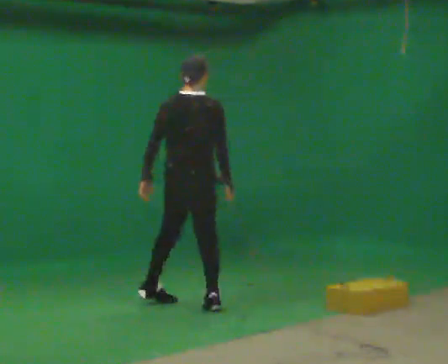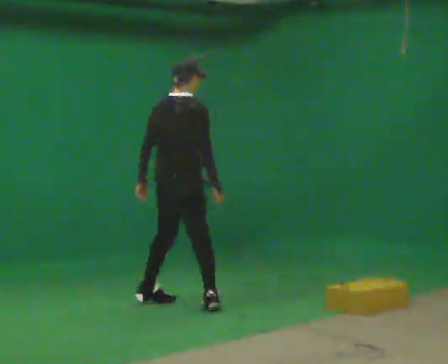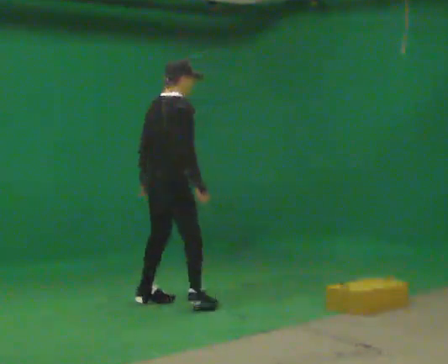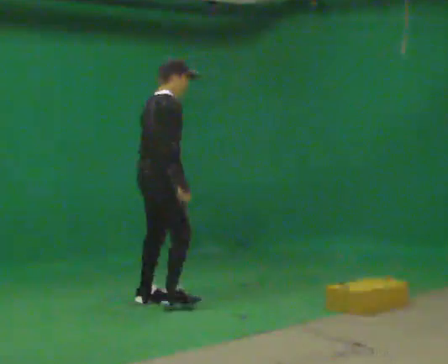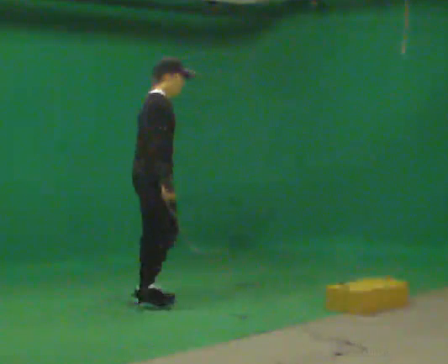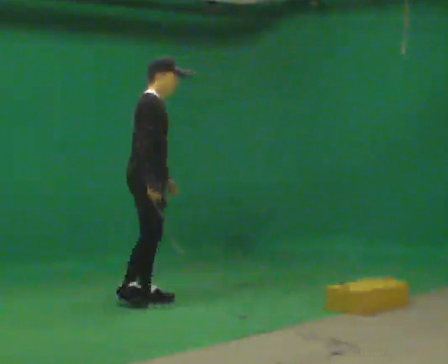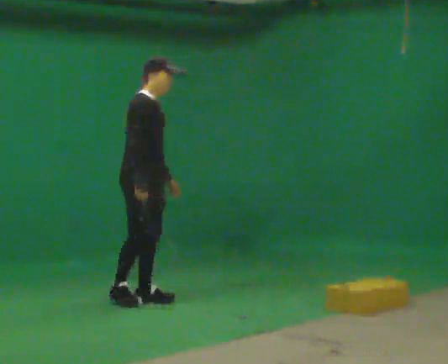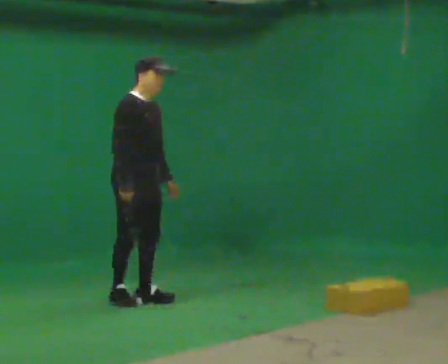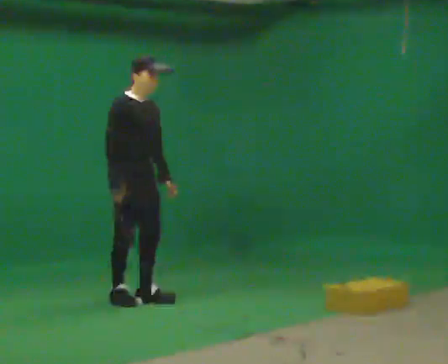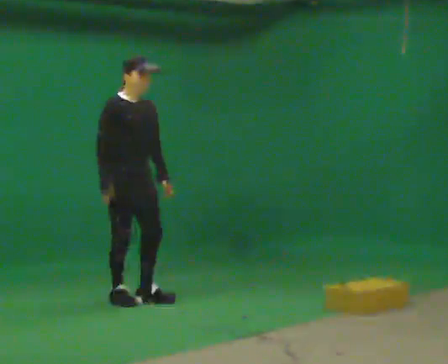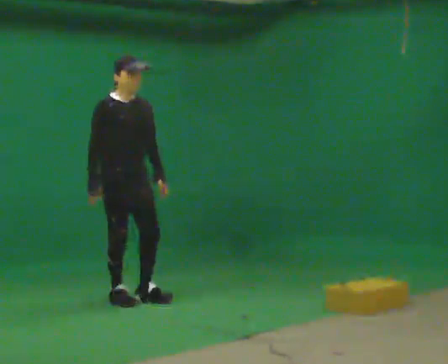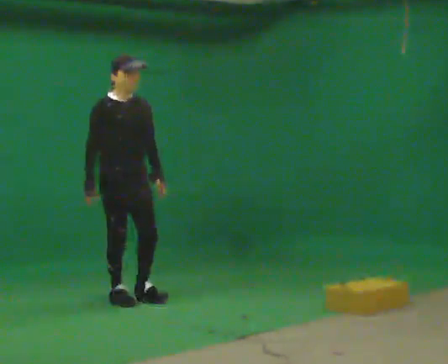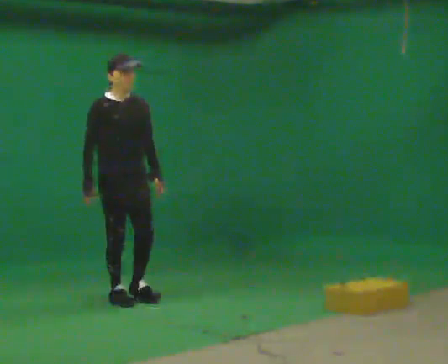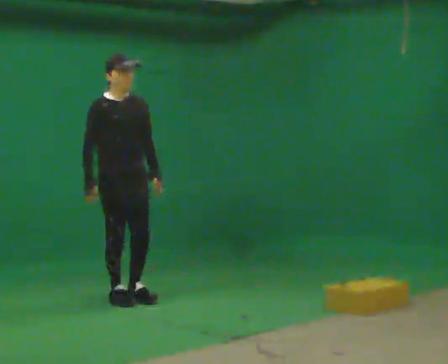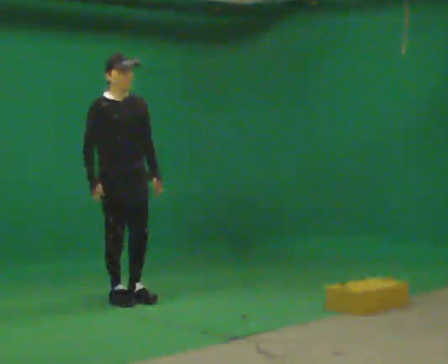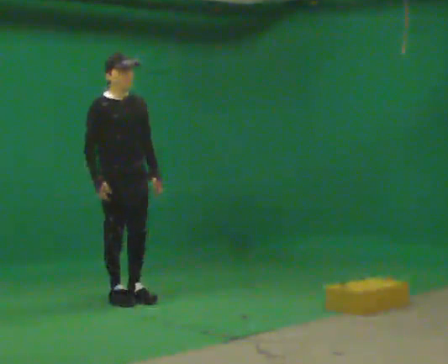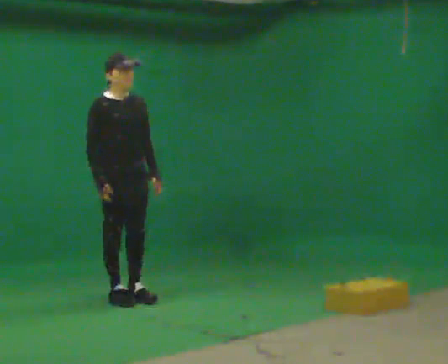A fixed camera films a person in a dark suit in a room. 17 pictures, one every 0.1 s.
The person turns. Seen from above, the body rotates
clockwise.
The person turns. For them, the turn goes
to their right.
0.0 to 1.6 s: The part of the body nearest the lens slides to the left as the person turns to their right by about 120 degrees. In the picture they go to the left and away from the camera, about 0.5 m in 2 steps.
The film runs forward here.
